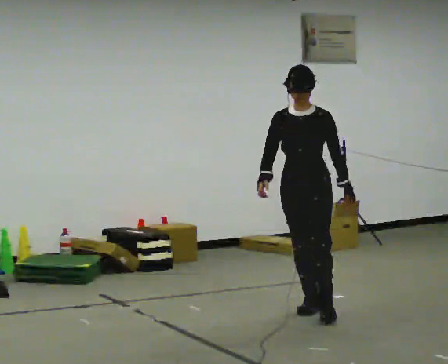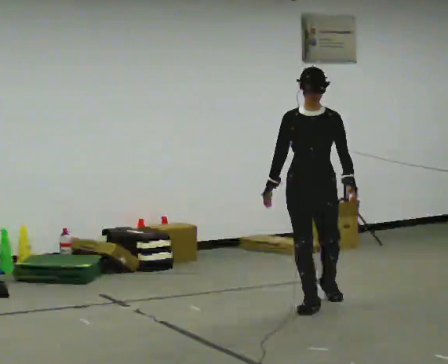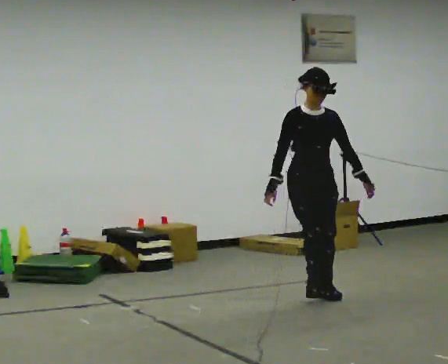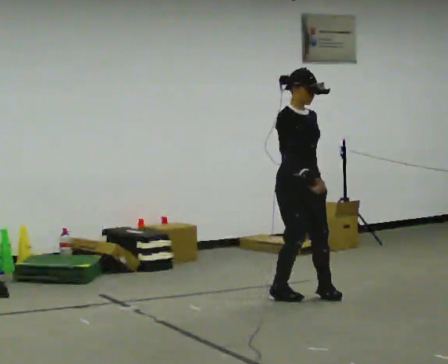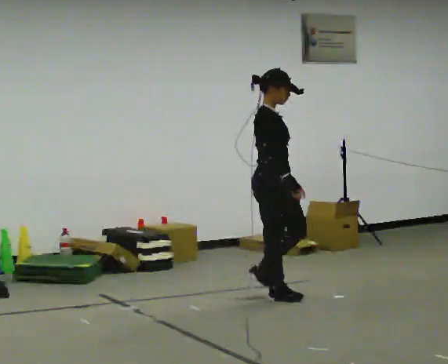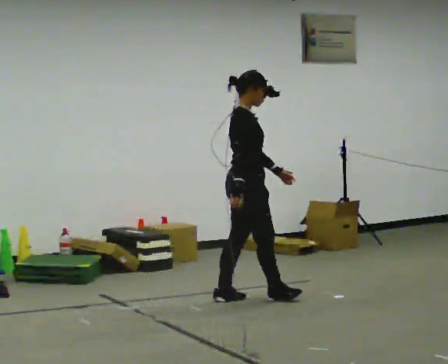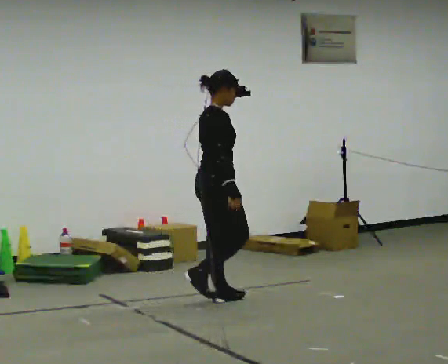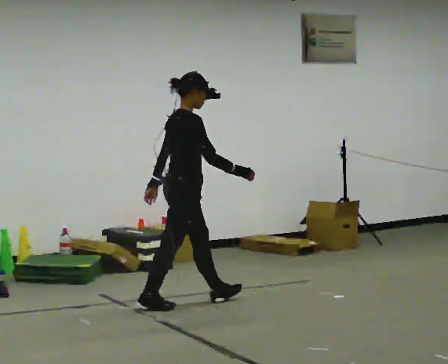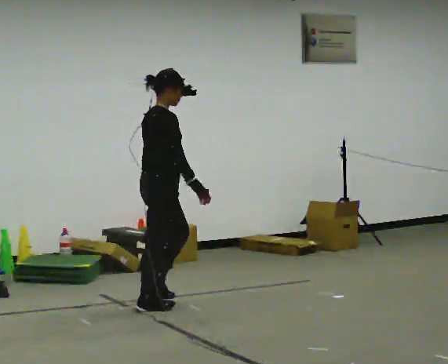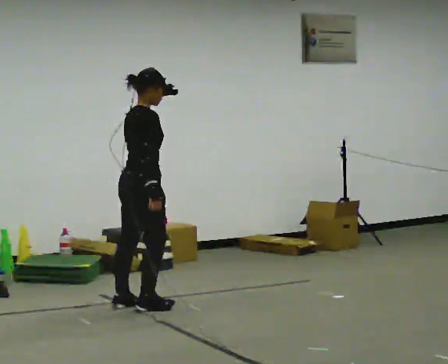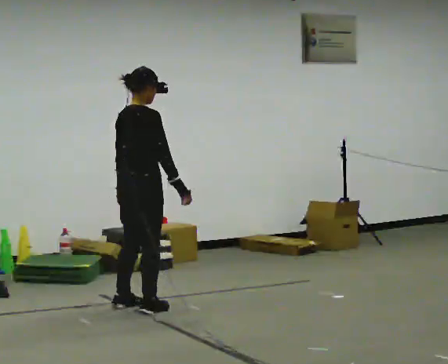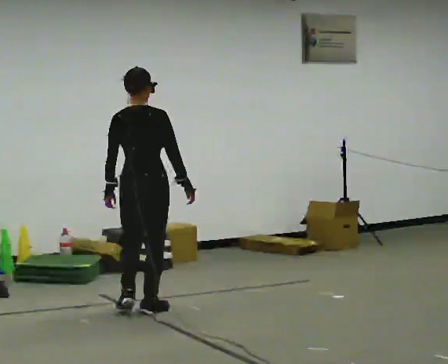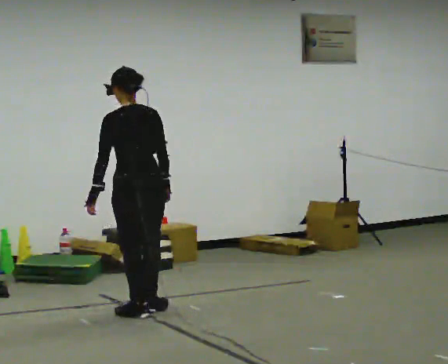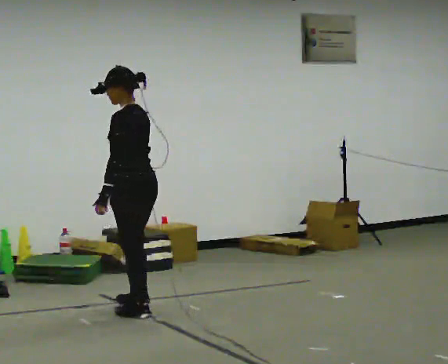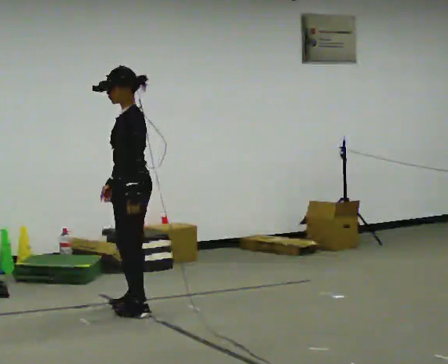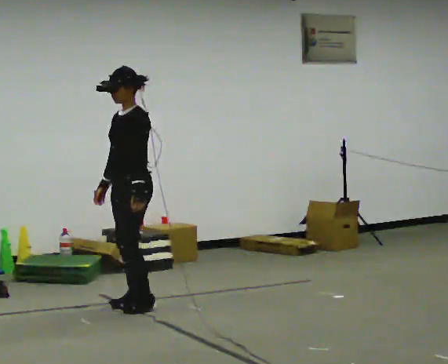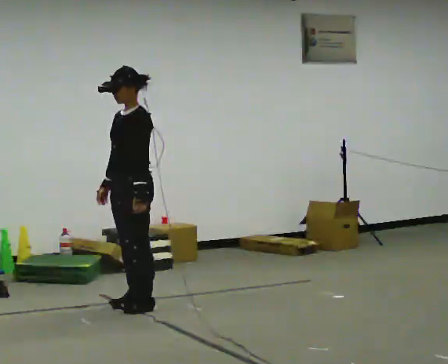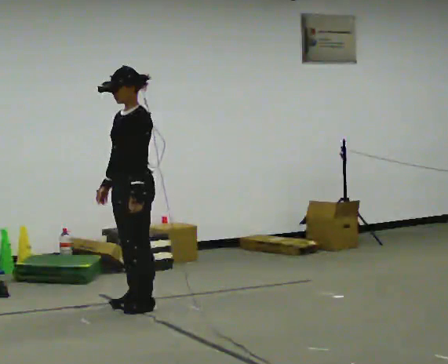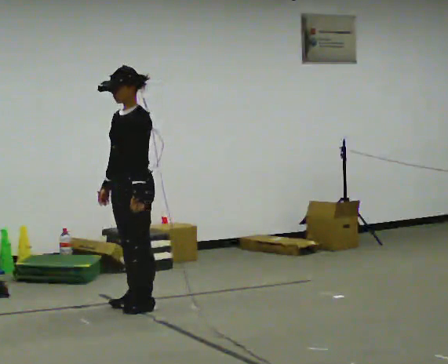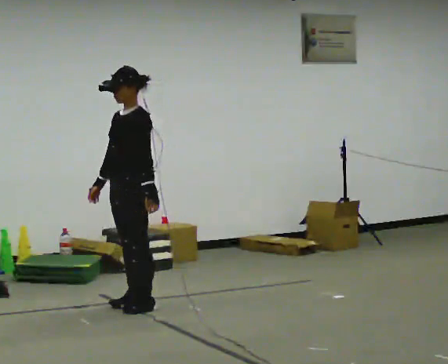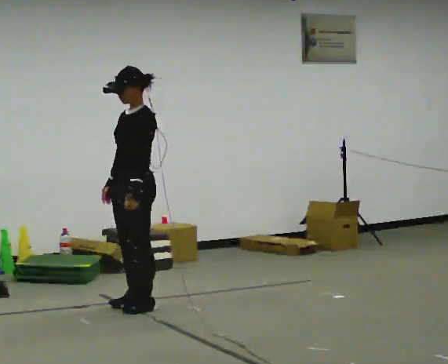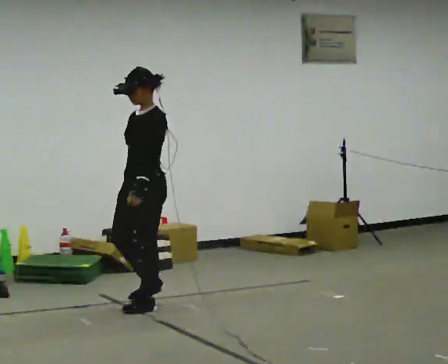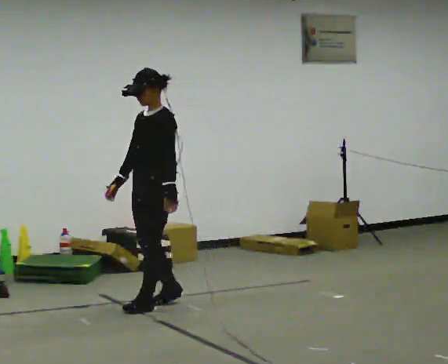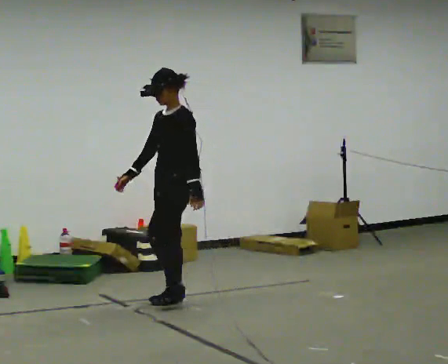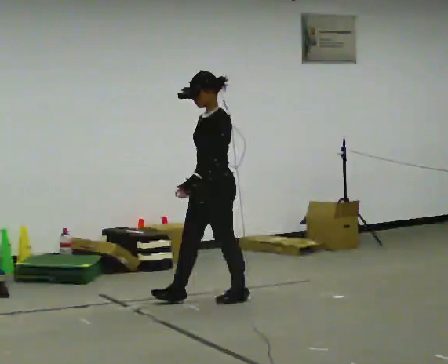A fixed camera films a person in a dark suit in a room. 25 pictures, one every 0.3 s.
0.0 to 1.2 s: The person turns about 90 degrees to their left, counterclockwise seen from above, so the part of the body nearest the lens slides to the right. In the picture they go away from the camera, about 0.5 m in 2 steps.
1.2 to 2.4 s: The part of the body nearest the lens slides to the right as the person turns to their left by about 30 degrees. In the picture they go to the left, about 1 m in 2 steps, which for them is backward.
2.4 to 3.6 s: The part of the body nearest the lens slides to the right as the person turns to their left by about 90 degrees. In the picture they go toward the camera, about 0.25 m in 1 step.
3.6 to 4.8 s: Seen from above the body turns counterclockwise, about 105 degrees: to their left, with its near side sliding to the right. In the picture they go away from the camera, about 0.25 m in 2 steps. In the picture their right hand goes to the left, the arm swinging clockwise.
4.8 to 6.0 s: The person moves a little, or ends about where they began.
6.0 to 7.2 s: In the picture they go to the right and away from the camera, about 0.5 m in 2 steps, which for them is backward.
The film runs backward here.
